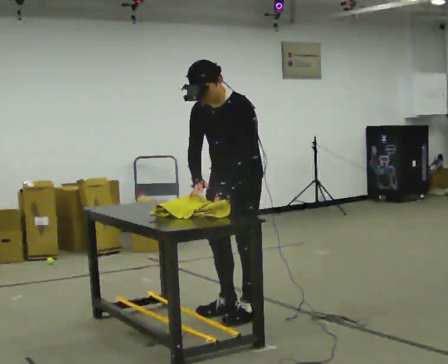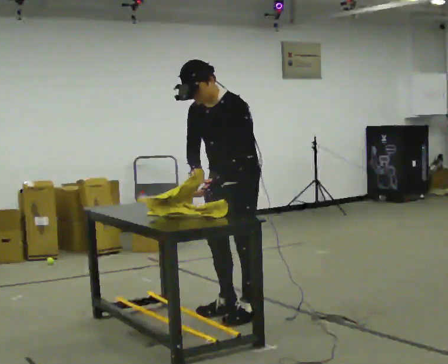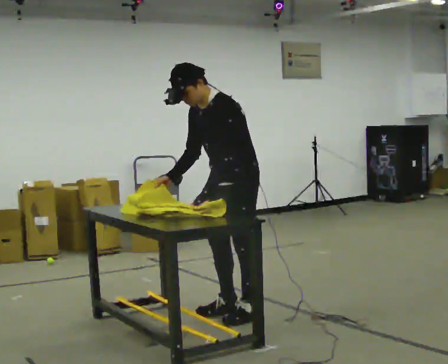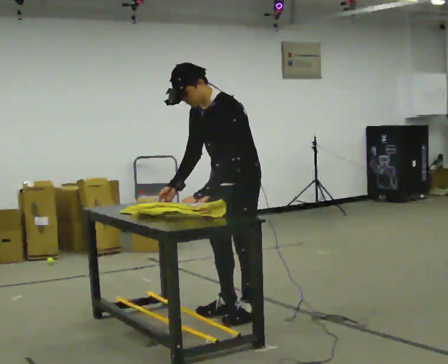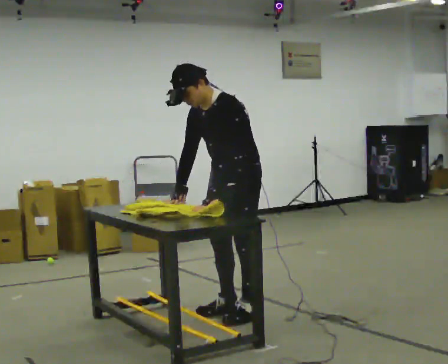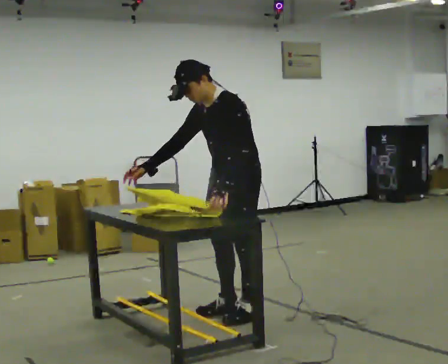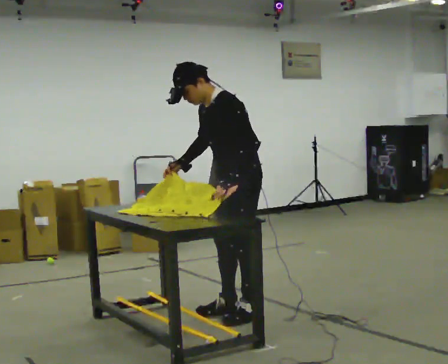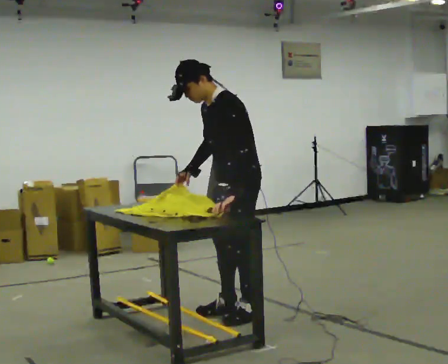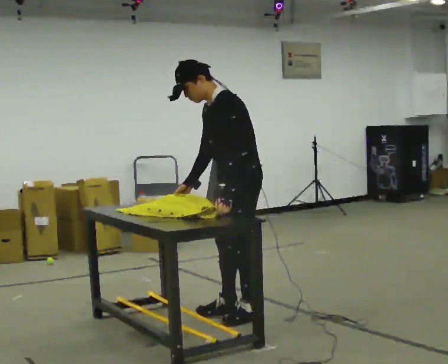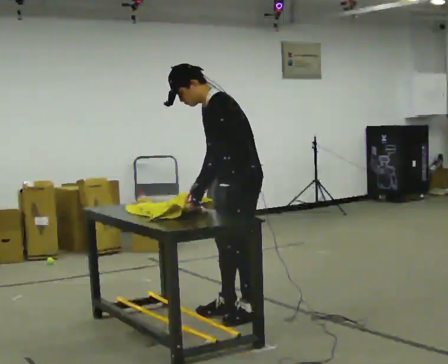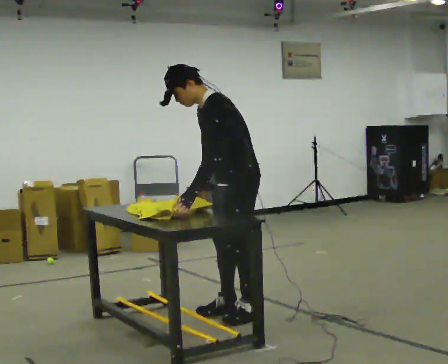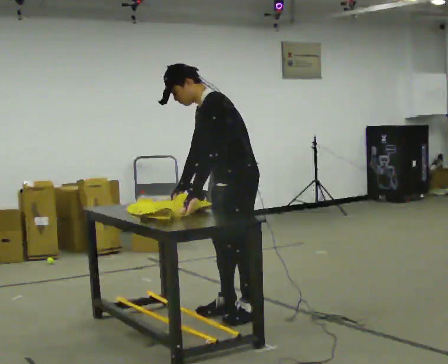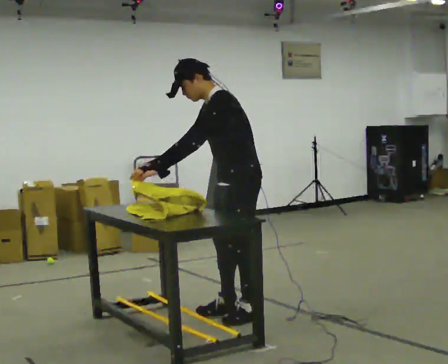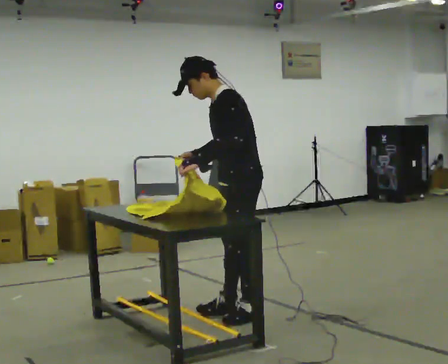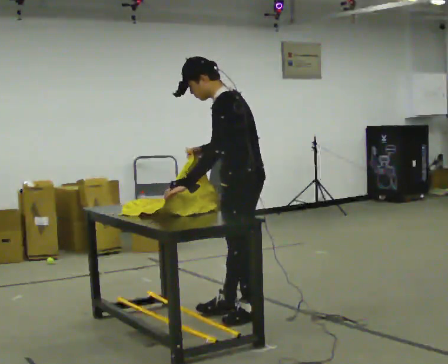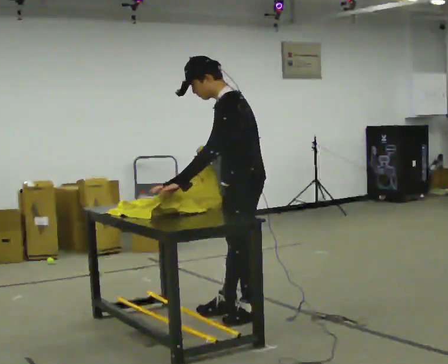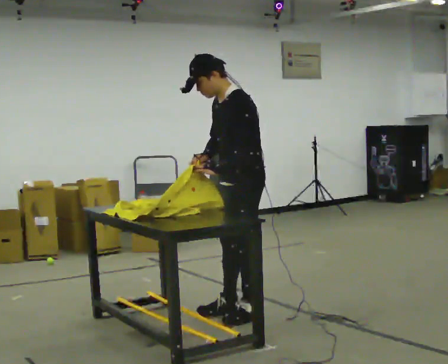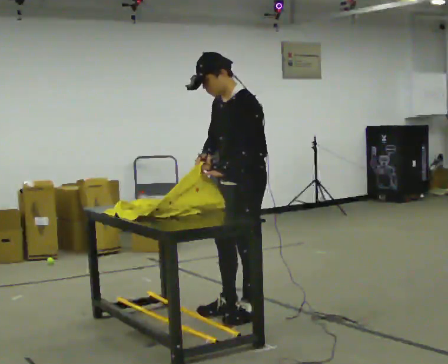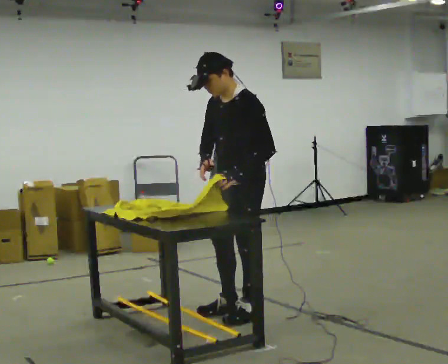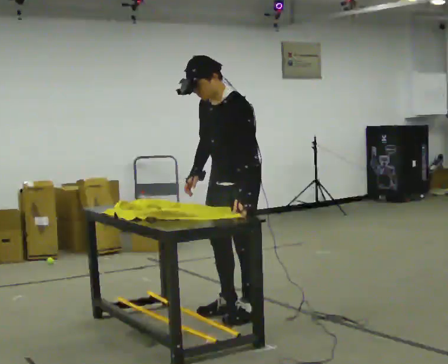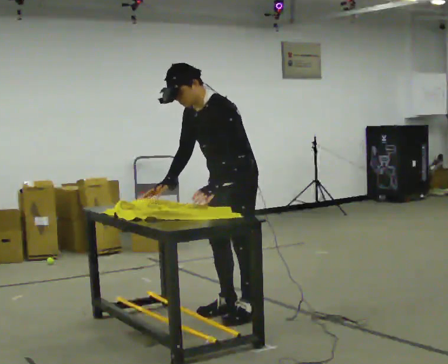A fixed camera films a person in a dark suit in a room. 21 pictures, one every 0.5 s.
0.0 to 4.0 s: The part of the body nearest the lens slides to the left as the person turns to their right by about 30 degrees.
4.0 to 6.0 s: In the picture their left hand goes to the left, the arm swinging clockwise.
6.0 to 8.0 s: In the picture their left hand goes to the right.
8.0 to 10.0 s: The person moves a little, or ends about where they began.
The film runs backward here.
